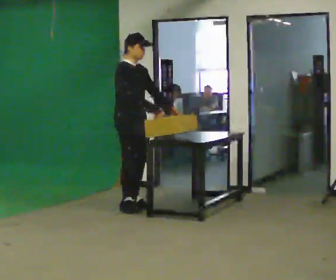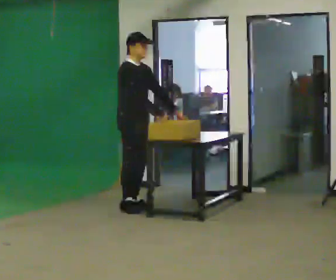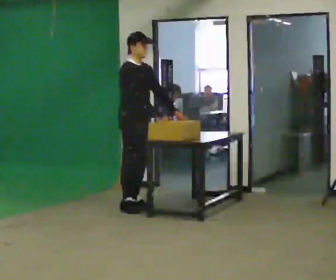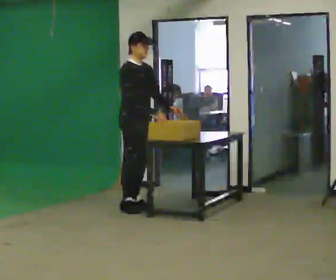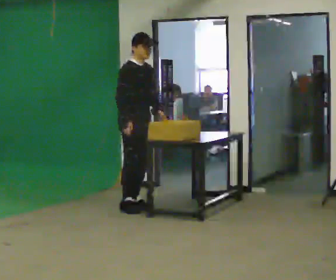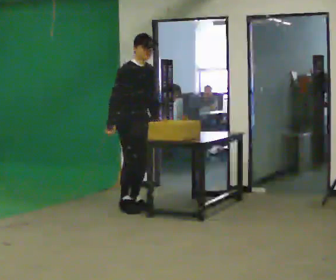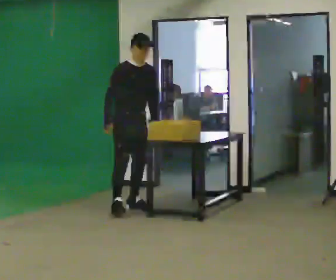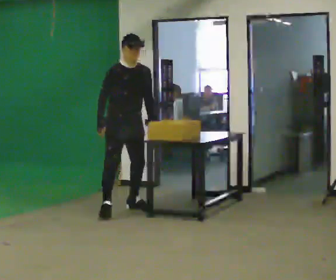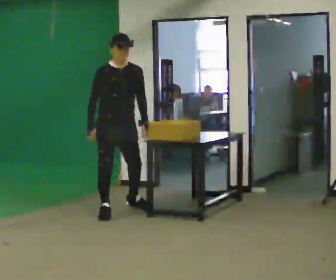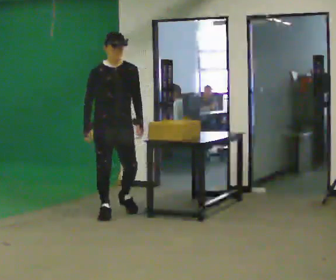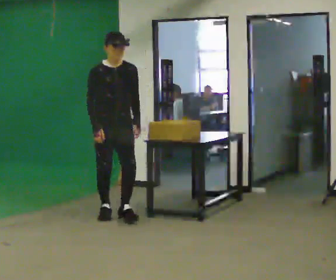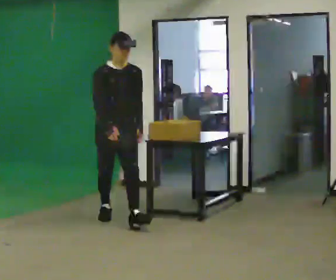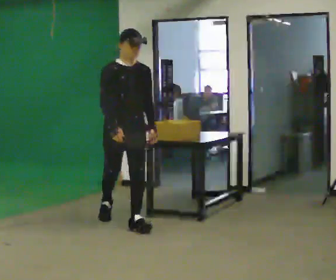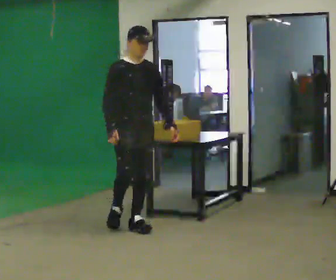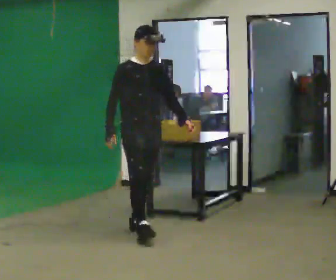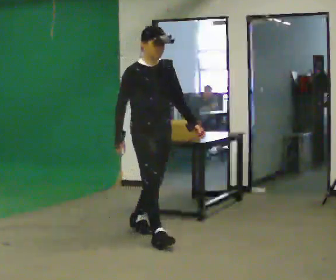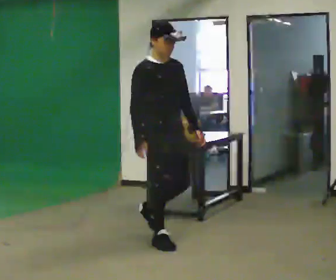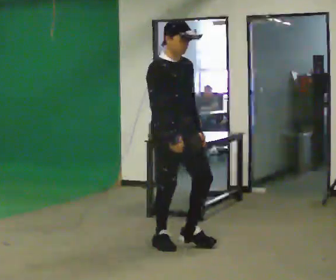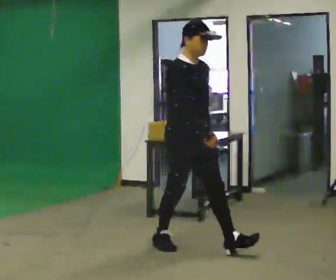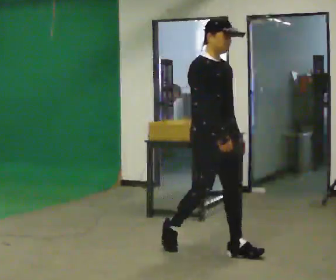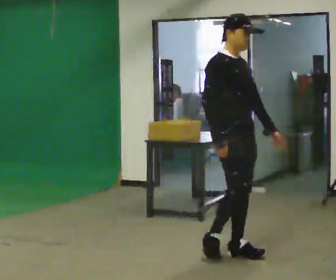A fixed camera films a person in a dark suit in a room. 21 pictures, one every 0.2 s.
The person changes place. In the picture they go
toward the camera.
The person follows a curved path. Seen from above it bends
counterclockwise.
0.0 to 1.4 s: The person turns about 30 degrees to their right, clockwise seen from above, so the part of the body nearest the lens slides to the left. In the picture they go toward the camera, about 0.25 m in 1 step, which for them is to their right. In the picture their right hand goes to the left, the arm swinging clockwise.
1.4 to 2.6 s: In the picture they go toward the camera, about 1 m in 1 step, which for them is forward.
2.6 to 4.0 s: In the picture they go toward the camera and to the right, about 1 m in 2 steps, which for them is forward.
The film runs forward here.
